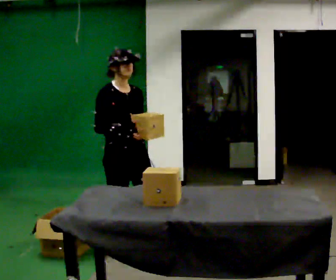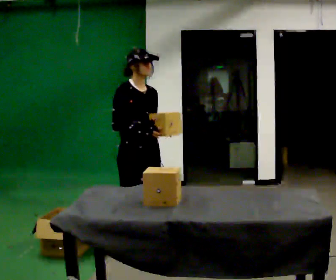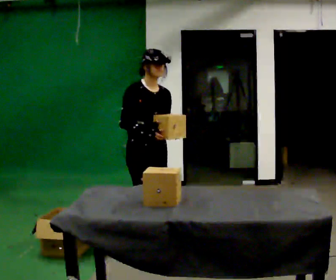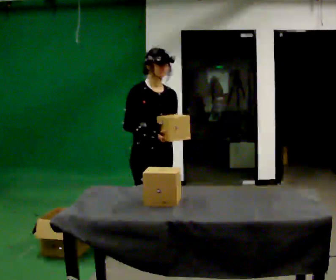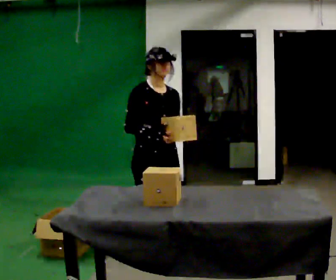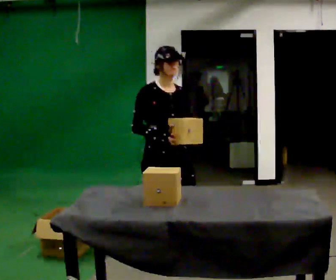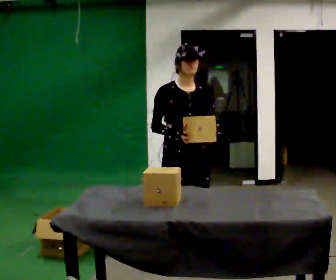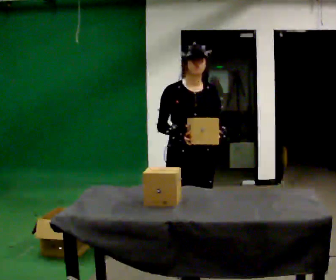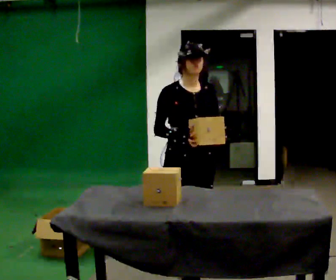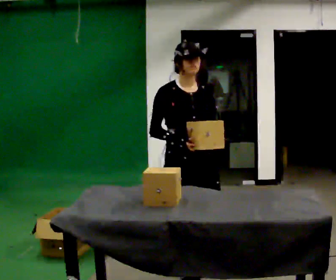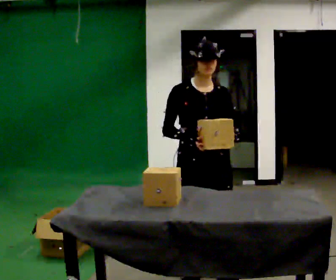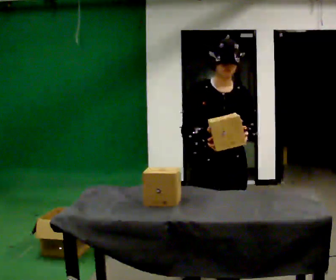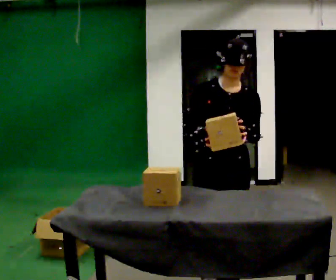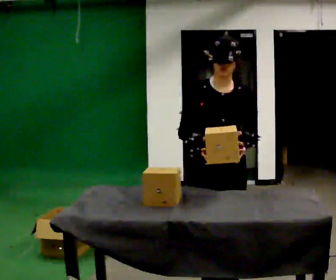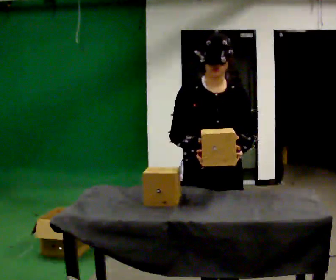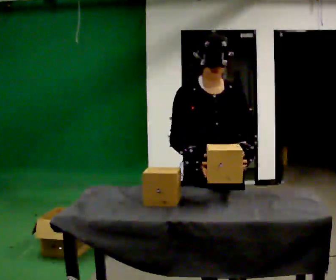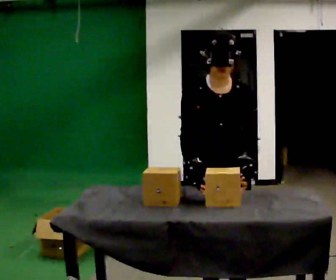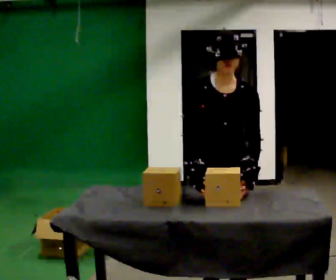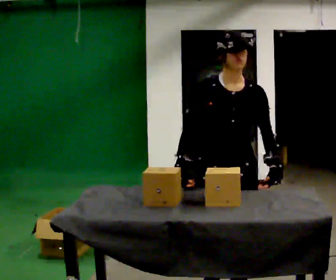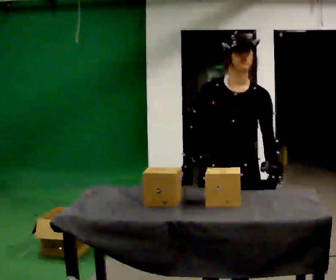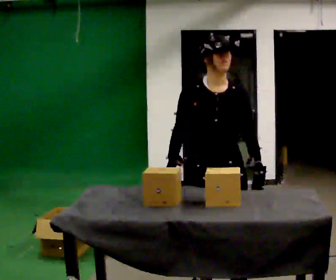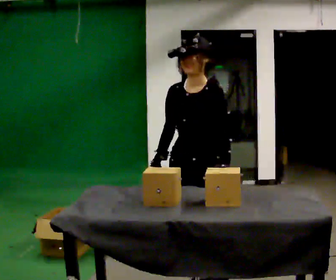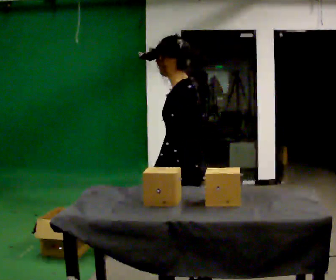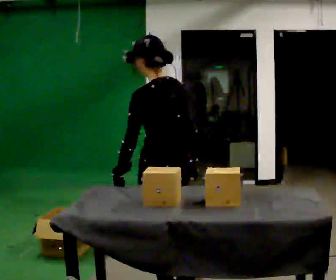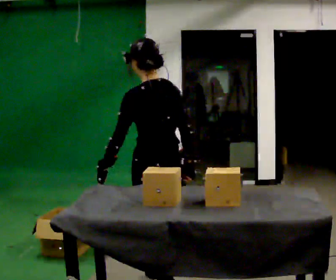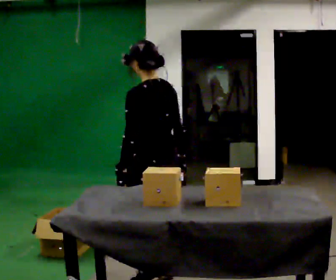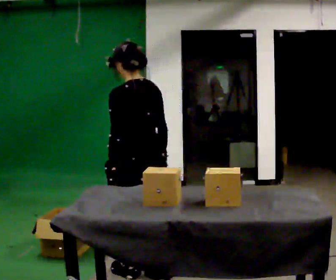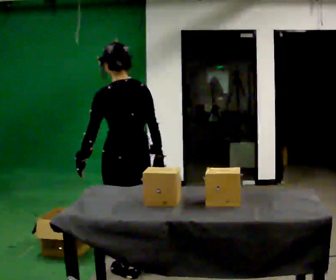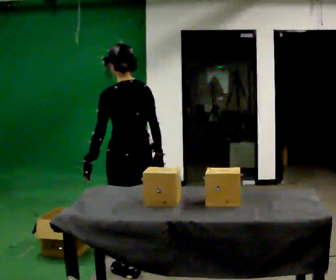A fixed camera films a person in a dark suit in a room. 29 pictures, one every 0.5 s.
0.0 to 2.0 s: In the picture they go to the right, about 0.25 m in 1 step, which for them is forward.
2.0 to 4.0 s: In the picture they go to the right and toward the camera, about 0.25 m in 2 steps, which for them is forward and to their left.
4.0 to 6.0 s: In the picture they go to the right and toward the camera, about 0.25 m in 1 step, which for them is forward and to their left.
6.0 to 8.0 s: In the picture they go toward the camera, about 0.25 m in 2 steps, which for them is forward.
8.0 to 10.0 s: The person moves a little, or ends about where they began.
10.0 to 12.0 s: Seen from above the body turns clockwise, about 135 degrees: to their right, with its near side sliding to the left. In the picture they go to the left, about 0.25 m in 2 steps.
12.0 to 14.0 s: In the picture they go away from the camera and to the left, about 0.5 m in 2 steps, which for them is forward.
The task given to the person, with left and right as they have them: Take objects out of the bin one at a time and lay them out on the table, stepping between the bin and the table each time. Keep going until the operator says stop; one object at a time, and do not rush between trips.
The film runs forward here.
